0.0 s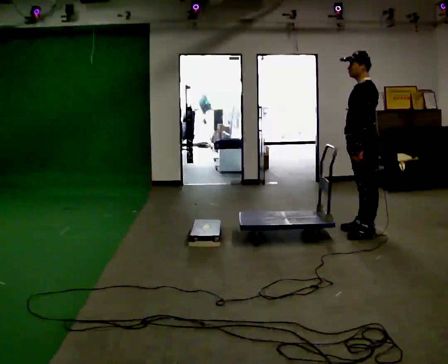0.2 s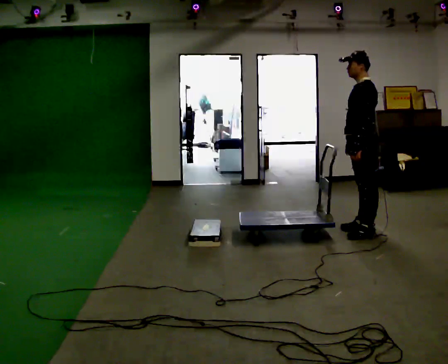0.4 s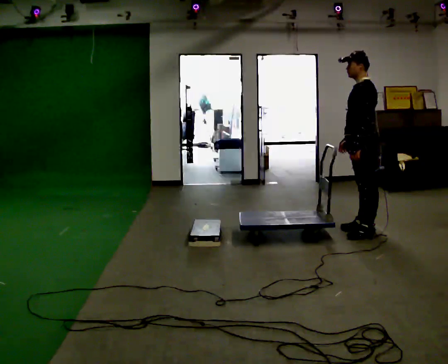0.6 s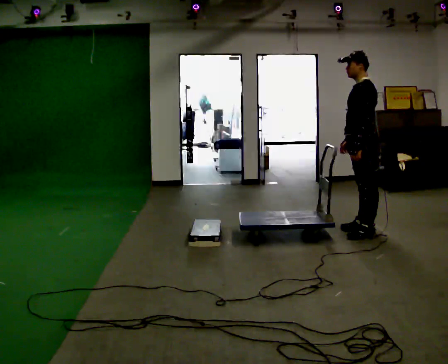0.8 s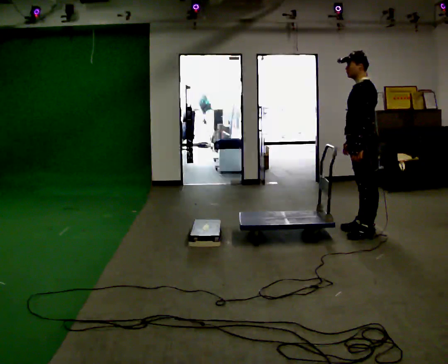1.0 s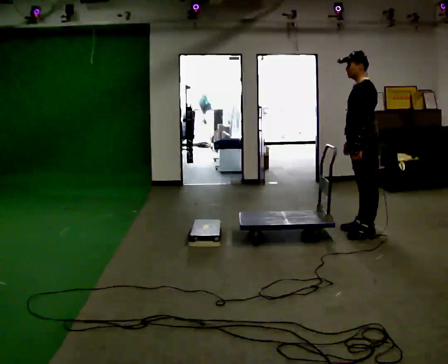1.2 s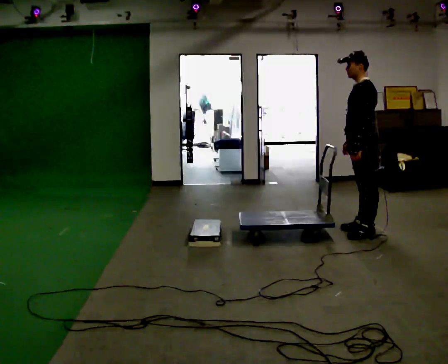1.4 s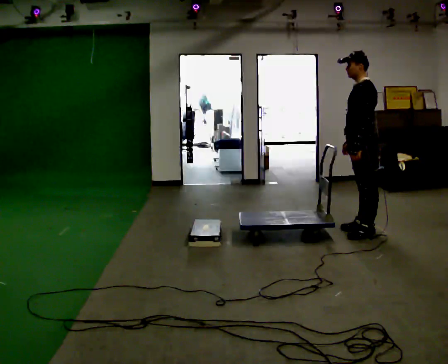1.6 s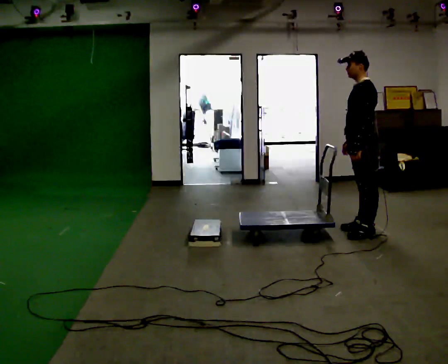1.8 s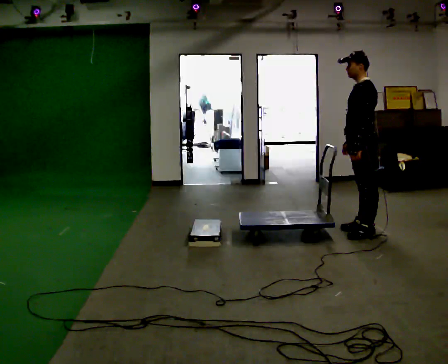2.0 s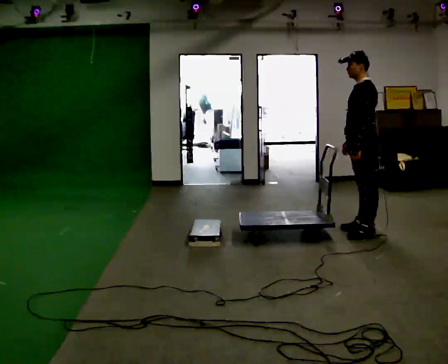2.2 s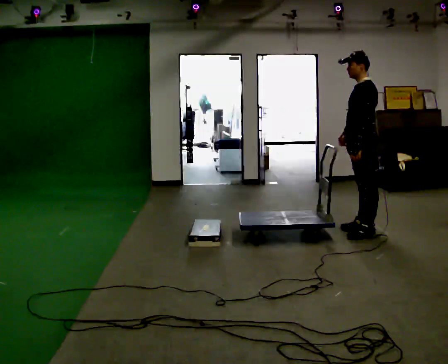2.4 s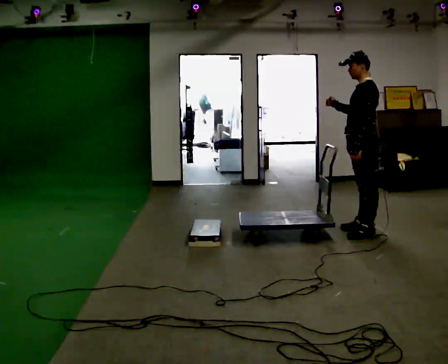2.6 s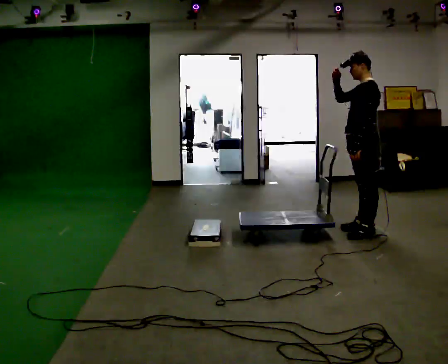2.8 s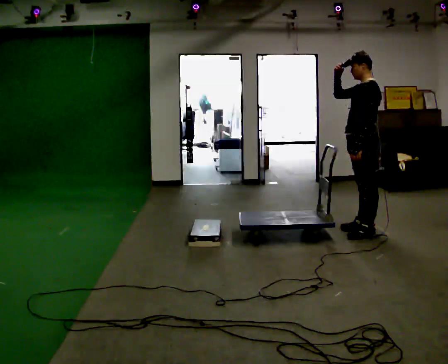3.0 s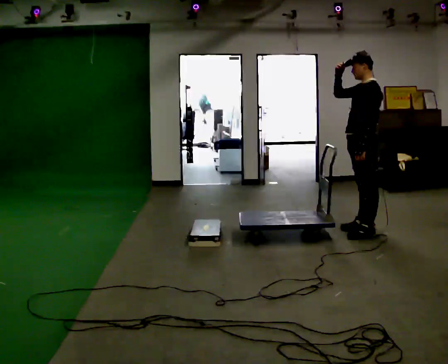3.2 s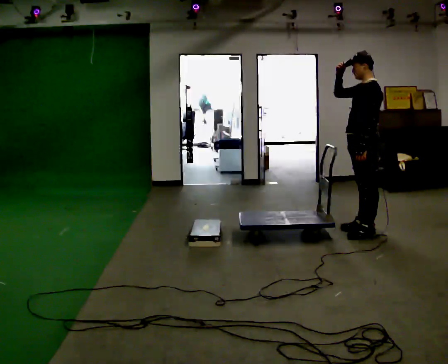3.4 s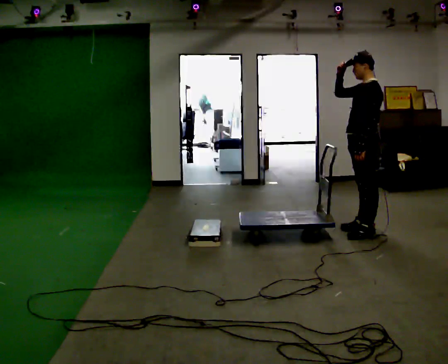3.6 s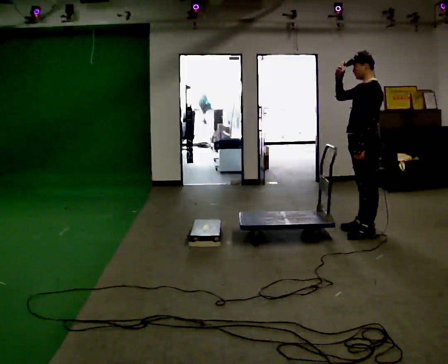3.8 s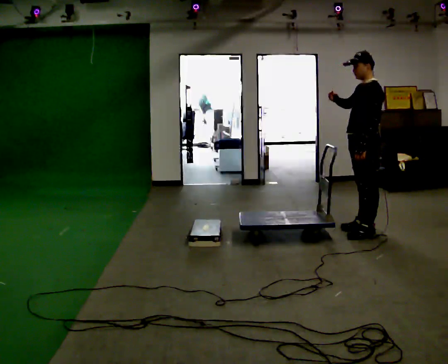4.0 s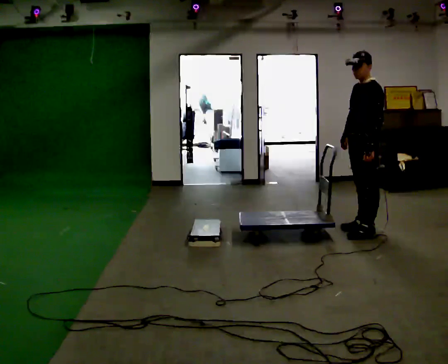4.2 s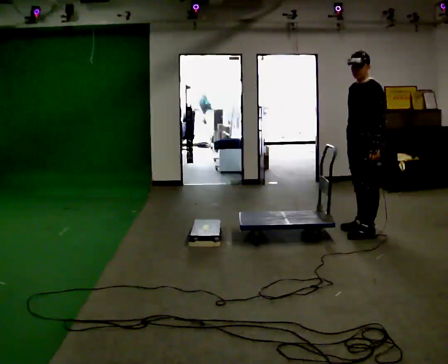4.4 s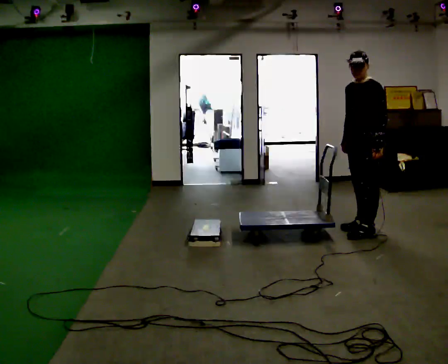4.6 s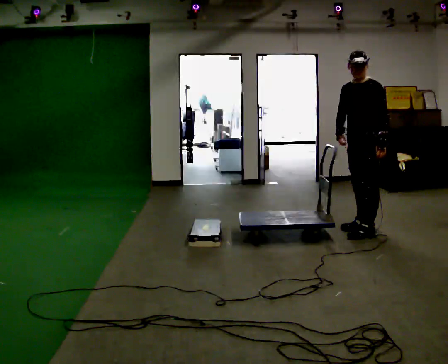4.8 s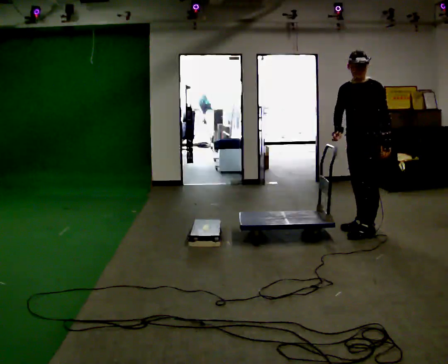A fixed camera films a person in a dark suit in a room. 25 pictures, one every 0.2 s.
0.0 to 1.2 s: The person moves a little, or ends about where they began.
1.2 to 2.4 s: In the picture their right hand goes upward, the arm swinging clockwise.
2.4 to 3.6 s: The person moves a little, or ends about where they began.
3.6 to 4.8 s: Seen from above the body turns counterclockwise, about 30 degrees: to their left, with its near side sliding to the right. In the picture their right hand goes downward, the arm swinging counterclockwise.
The film runs forward here.
